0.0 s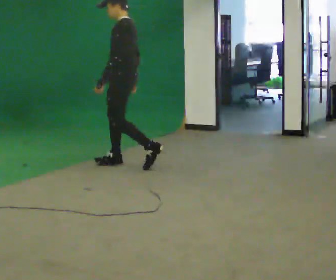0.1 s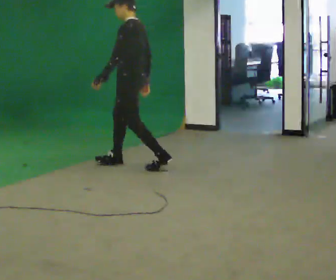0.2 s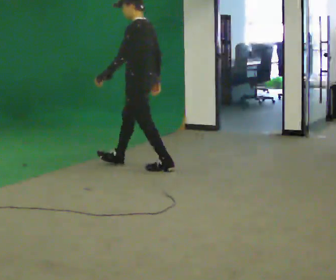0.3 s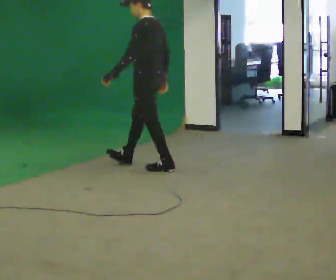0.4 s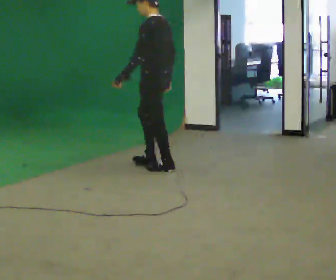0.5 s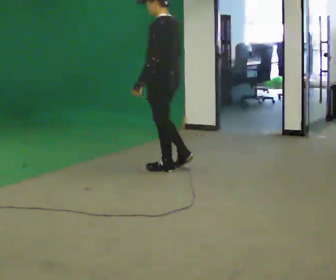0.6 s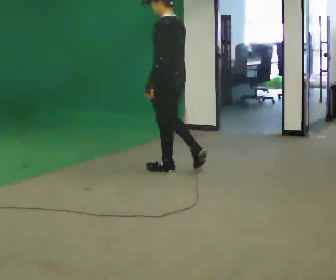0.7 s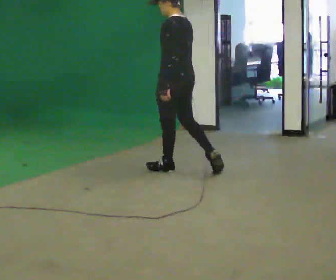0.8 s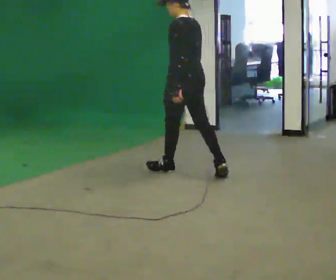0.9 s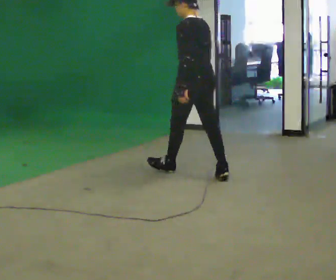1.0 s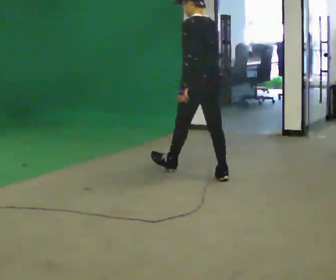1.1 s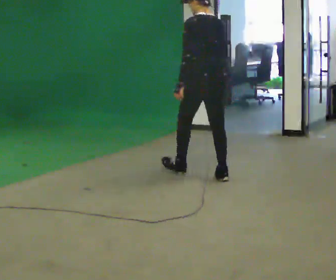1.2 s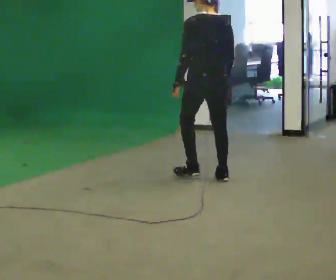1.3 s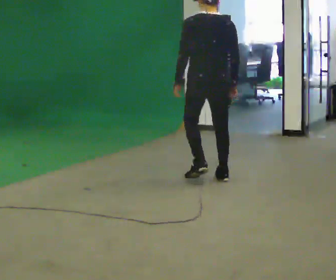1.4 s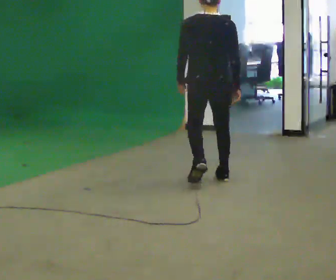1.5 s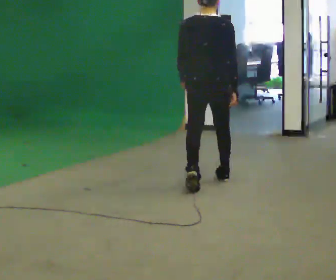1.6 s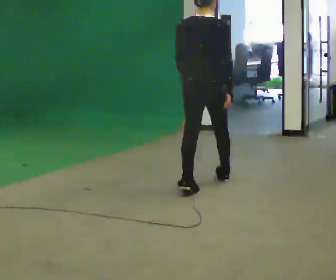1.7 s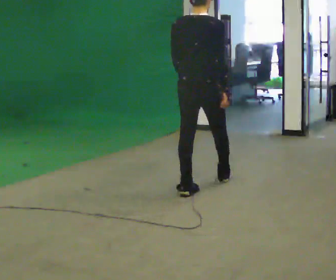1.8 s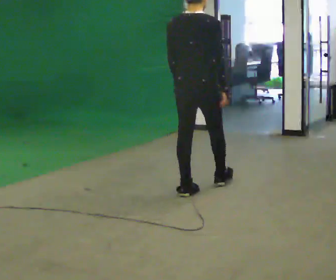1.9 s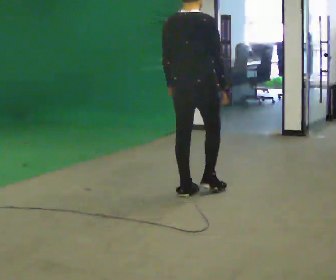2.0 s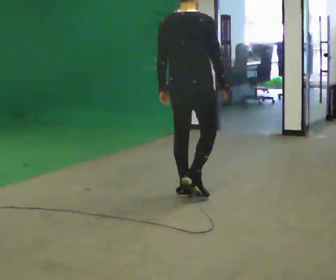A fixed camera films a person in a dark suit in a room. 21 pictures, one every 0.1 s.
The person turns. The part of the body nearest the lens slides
to the left.
The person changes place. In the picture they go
toward the camera.
0.0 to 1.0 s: The person turns about 45 degrees to their right, clockwise seen from above, so the part of the body nearest the lens slides to the left. In the picture they go to the right and toward the camera, about 1 m in 2 steps, which for them is backward.
1.0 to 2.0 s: Seen from above the body turns clockwise, about 75 degrees: to their right, with its near side sliding to the left. In the picture they go toward the camera, about 0.75 m in 1 step.
The film runs backward here.
